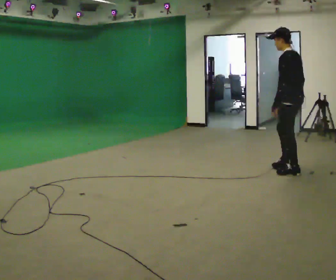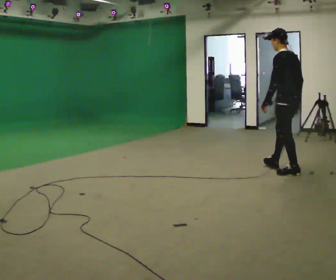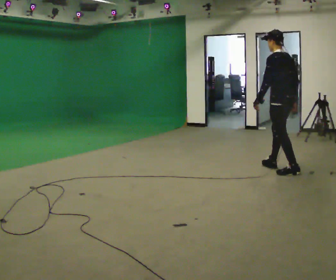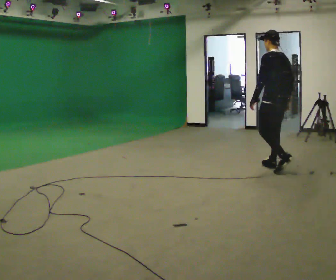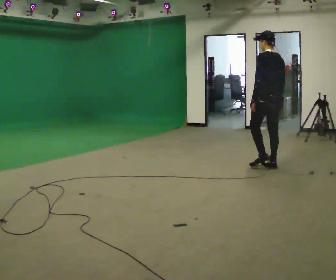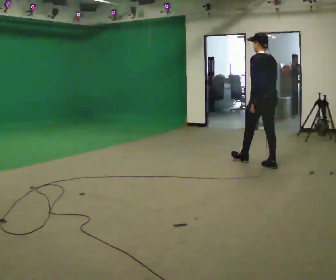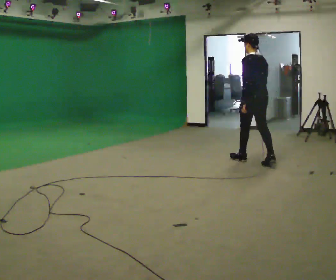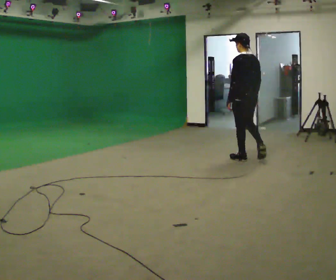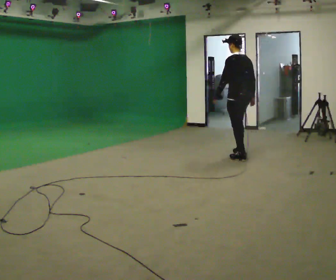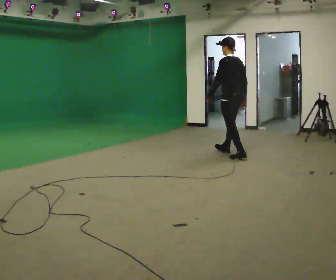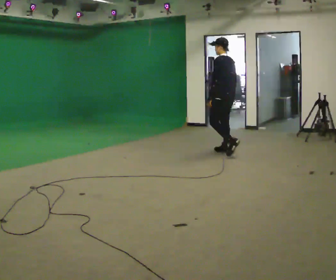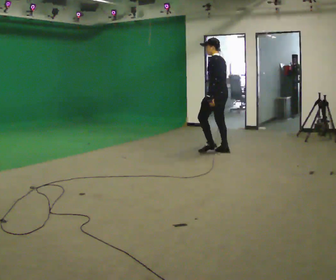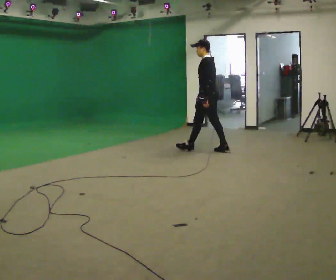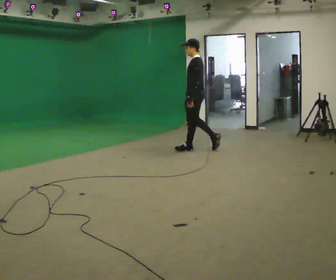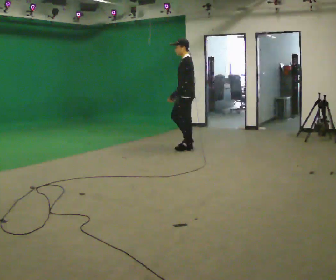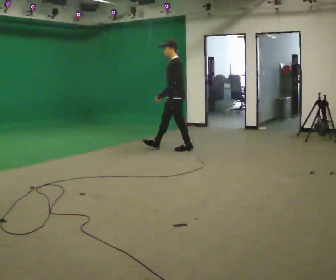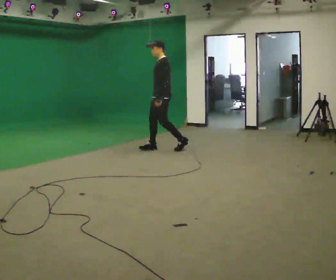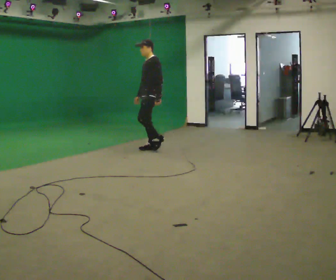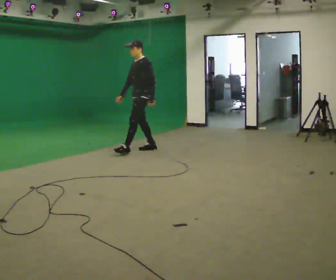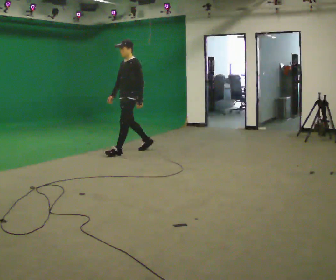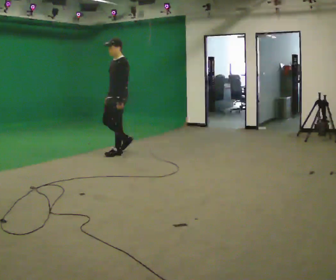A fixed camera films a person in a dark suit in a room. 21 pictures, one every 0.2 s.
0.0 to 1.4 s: In the picture they go away from the camera and to the left, about 1 m in 2 steps, which for them is forward.
1.4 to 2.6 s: The part of the body nearest the lens slides to the right as the person turns to their left by about 45 degrees. In the picture they go to the left and away from the camera, about 1 m in 2 steps, which for them is forward.
2.6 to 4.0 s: The part of the body nearest the lens slides to the right as the person turns to their left by about 45 degrees. In the picture they go to the left, about 1 m in 2 steps, which for them is forward.
The film runs forward here.
